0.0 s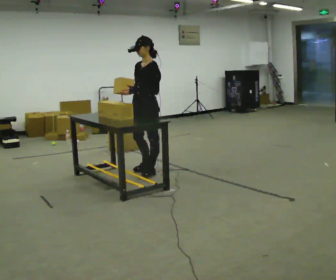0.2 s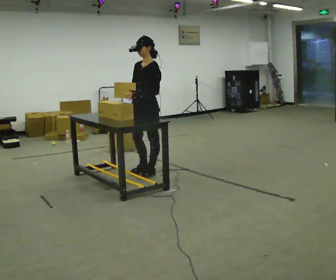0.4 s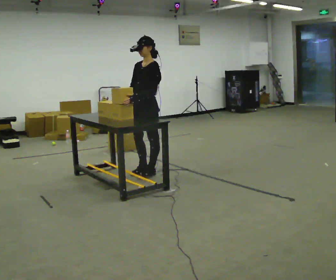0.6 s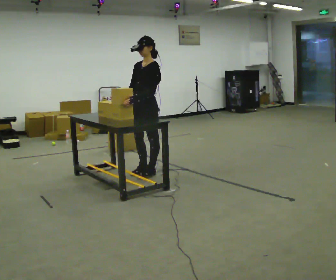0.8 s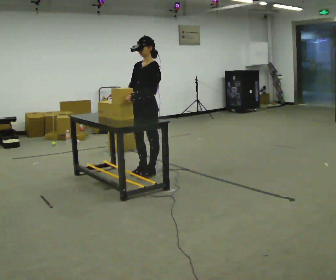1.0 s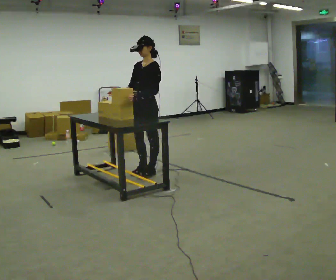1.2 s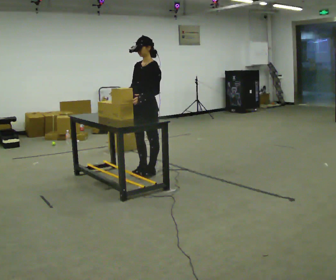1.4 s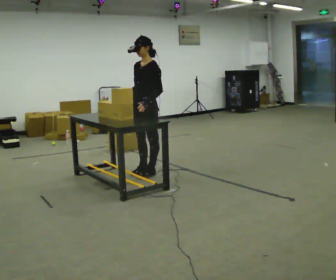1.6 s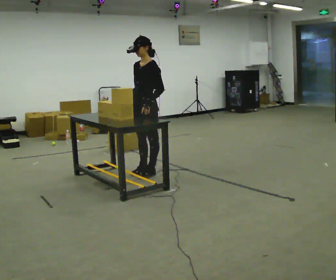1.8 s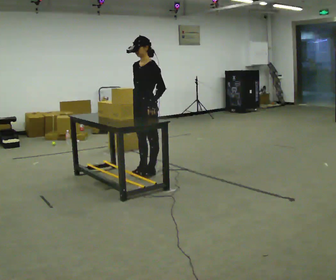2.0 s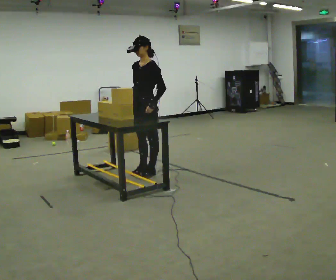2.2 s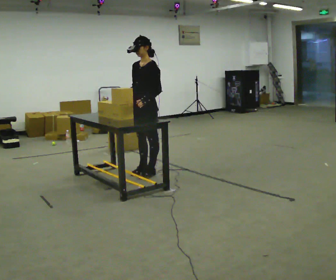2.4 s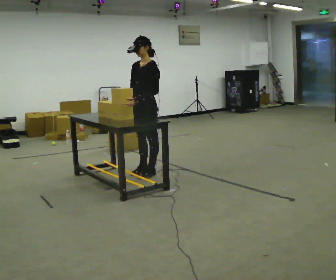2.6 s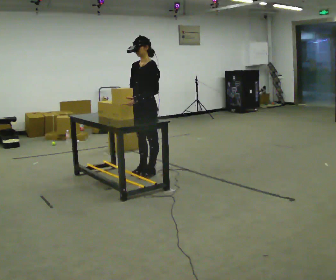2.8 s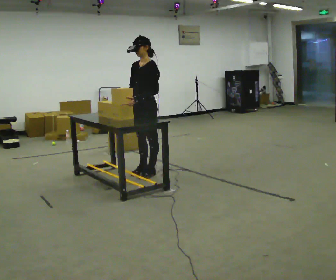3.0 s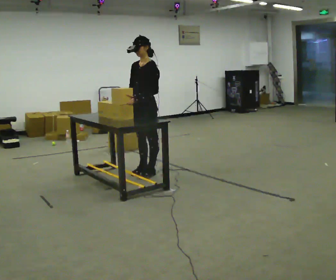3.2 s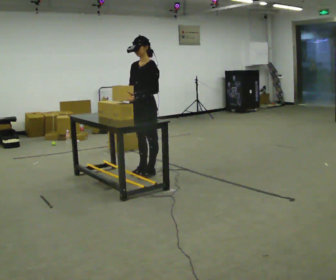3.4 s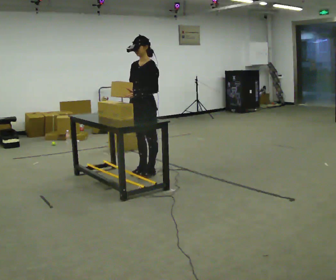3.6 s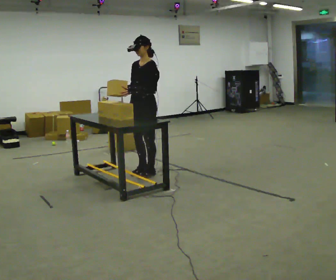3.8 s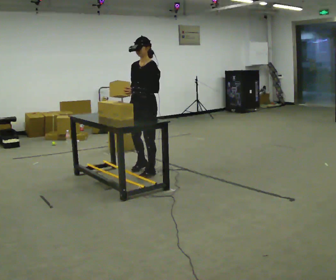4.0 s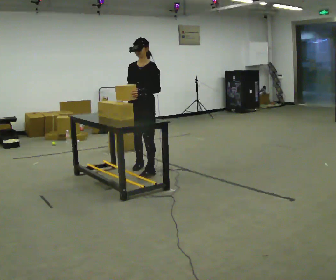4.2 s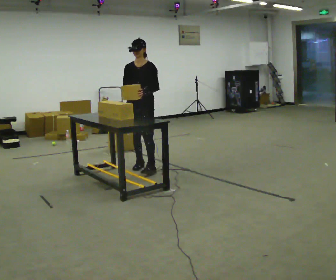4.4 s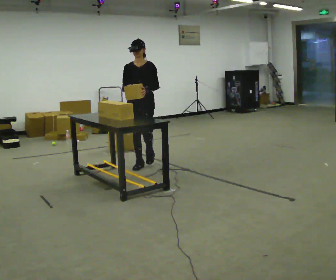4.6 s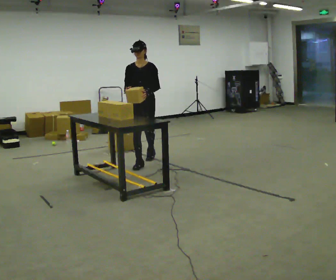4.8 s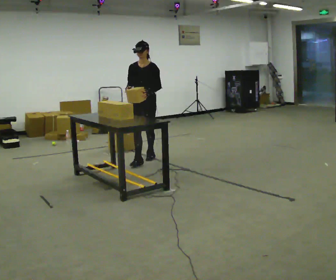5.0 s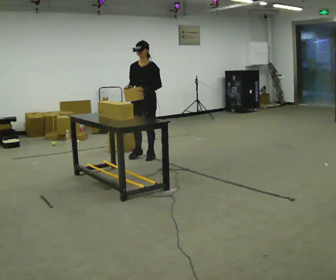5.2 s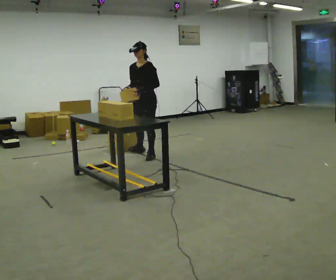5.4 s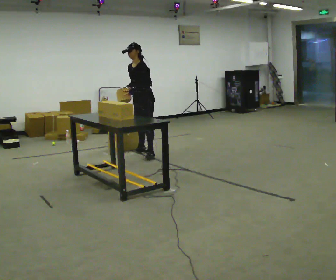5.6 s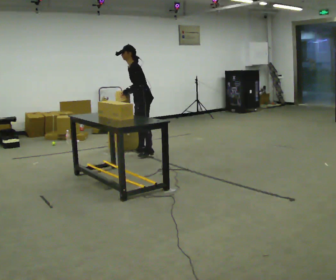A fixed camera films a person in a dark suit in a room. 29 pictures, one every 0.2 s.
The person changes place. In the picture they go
away from the camera.
0.0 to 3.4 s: The person moves a little, or ends about where they began.
3.4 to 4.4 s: The person turns about 45 degrees to their left, counterclockwise seen from above, so the part of the body nearest the lens slides to the right. In the picture they go away from the camera, about 0.5 m in 2 steps, which for them is to their right and backward.
4.4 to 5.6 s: The person turns about 75 degrees to their right, clockwise seen from above, so the part of the body nearest the lens slides to the left. In the picture they go away from the camera, about 0.5 m in 2 steps. In the picture the upper body tilts counterclockwise, shoulders to the left, as they bend forward.
The film runs backward here.
